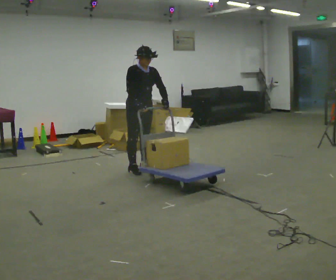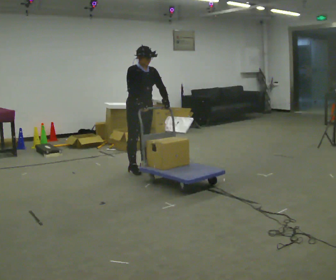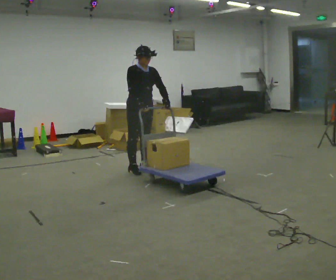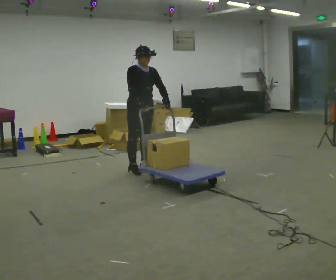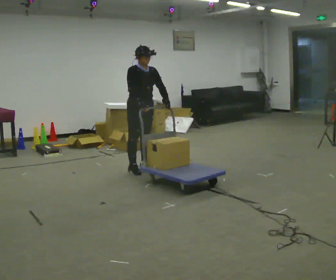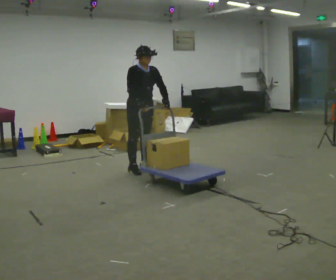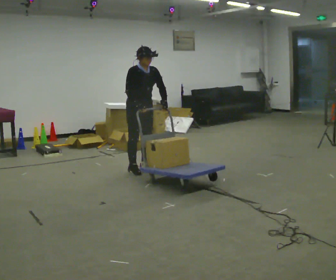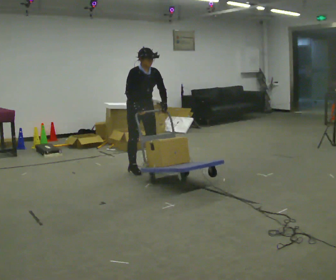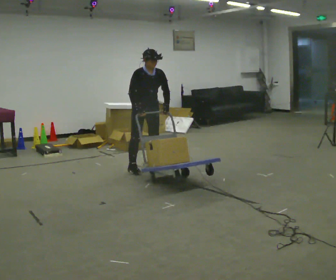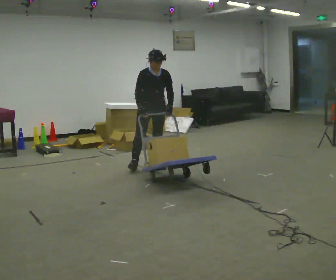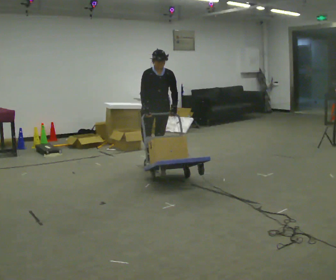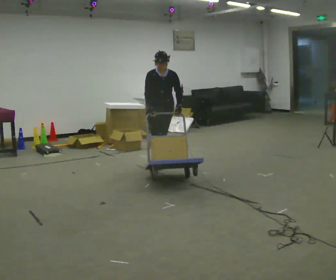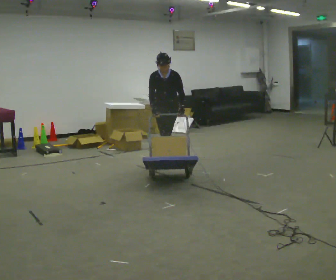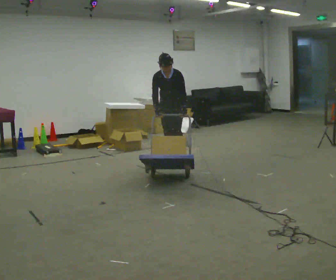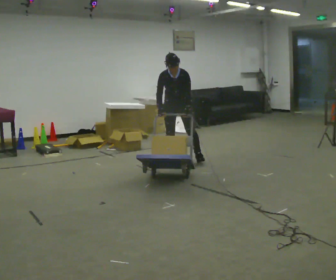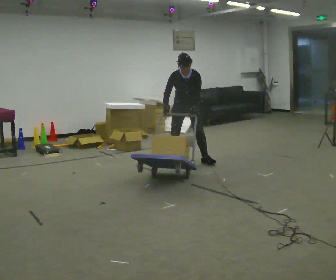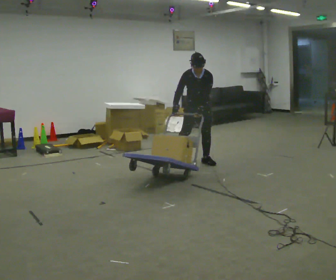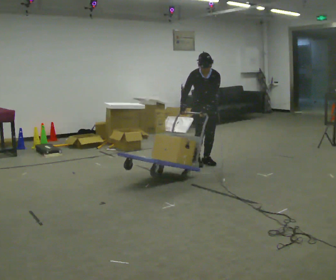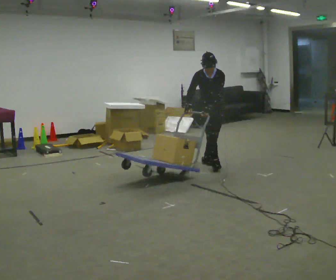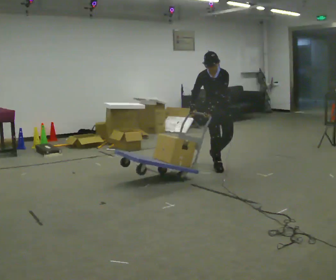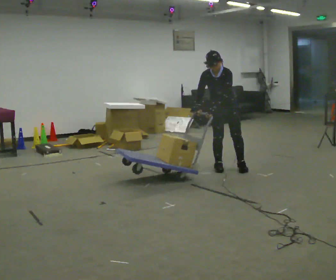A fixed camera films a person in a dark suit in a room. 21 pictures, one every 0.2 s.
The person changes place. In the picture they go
to the right.
The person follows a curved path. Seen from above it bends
clockwise.
0.0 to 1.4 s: The person moves a little, or ends about where they began.
1.4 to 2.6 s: Seen from above the body turns clockwise, about 45 degrees: to their right, with its near side sliding to the left. In the picture they go away from the camera and to the right, about 0.75 m in 2 steps, which for them is backward and to their left. In the picture the upper body tilts counterclockwise, shoulders to the left, as they bend forward.
2.6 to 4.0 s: In the picture they go to the right and toward the camera, about 1 m in 2 steps, which for them is to their left and forward.
The film runs forward here.
